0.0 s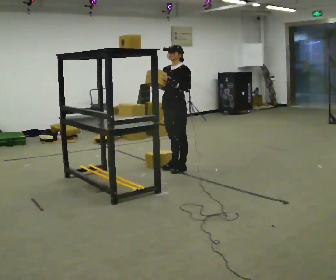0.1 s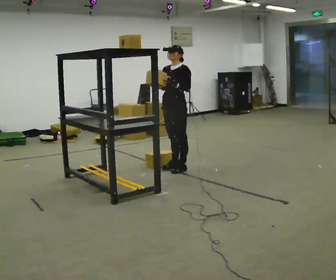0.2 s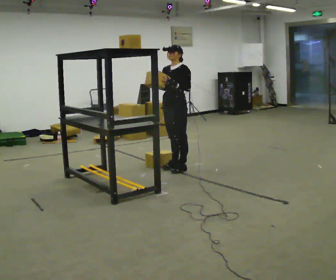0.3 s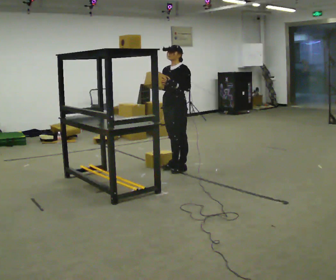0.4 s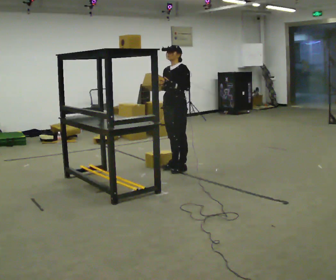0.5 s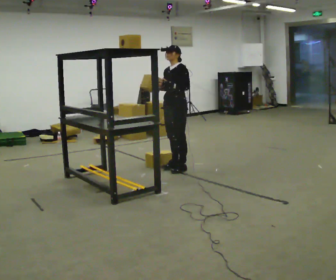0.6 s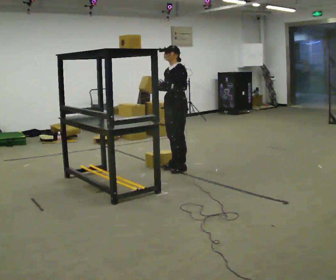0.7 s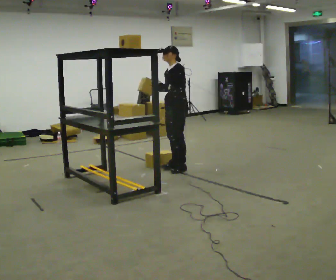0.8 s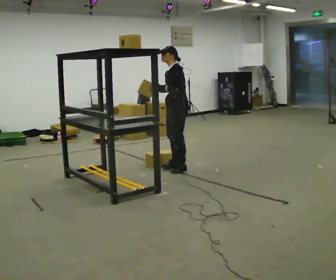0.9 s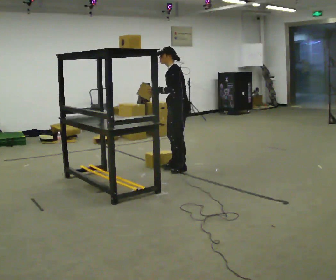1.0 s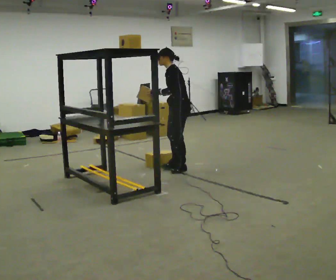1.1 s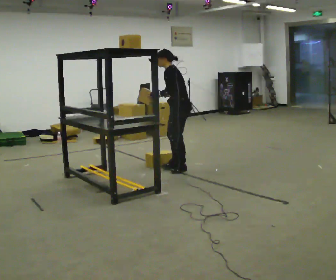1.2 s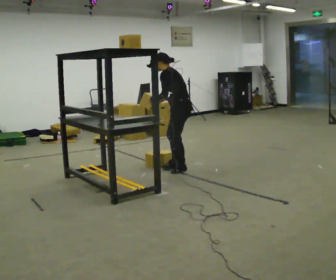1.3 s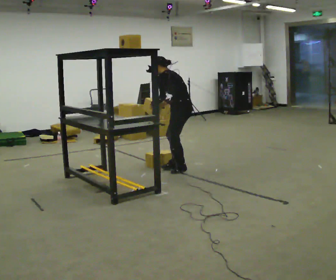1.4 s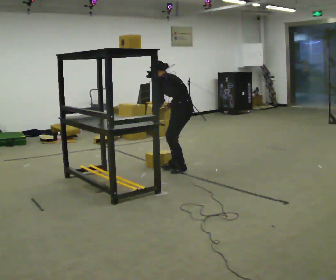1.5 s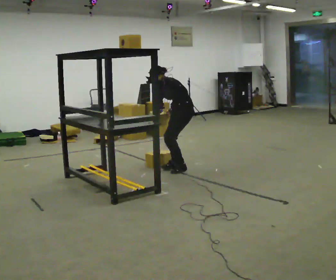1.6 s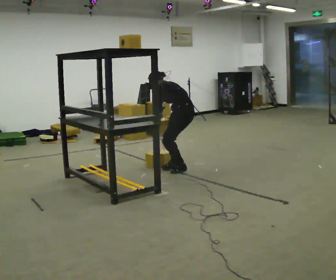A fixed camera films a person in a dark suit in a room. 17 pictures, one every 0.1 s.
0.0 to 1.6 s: Seen from above the body turns clockwise, about 60 degrees: to their right, with its near side sliding to the left. The upper body goes downward. In the picture the upper body tilts counterclockwise, shoulders to the left, as they bend forward. In the picture their right hand goes downward.
The film runs backward here.
